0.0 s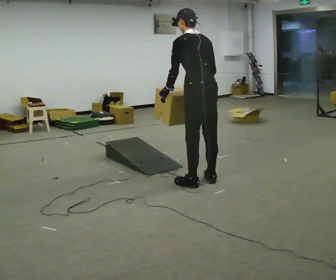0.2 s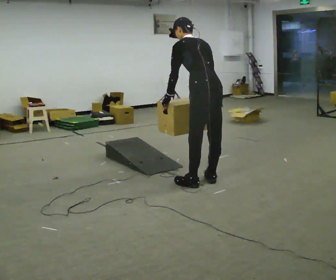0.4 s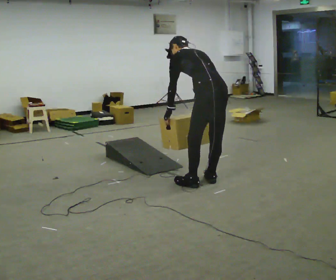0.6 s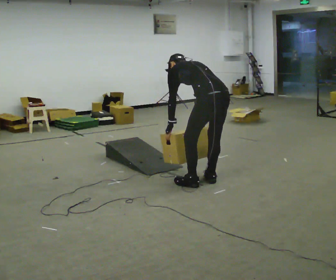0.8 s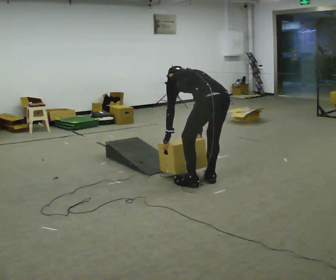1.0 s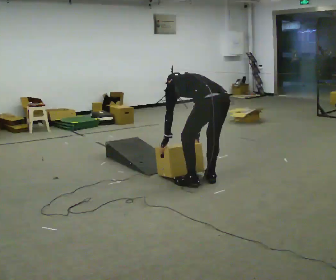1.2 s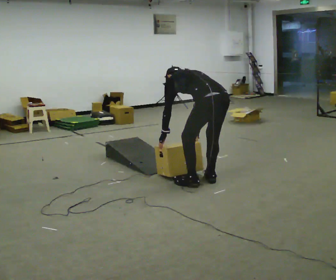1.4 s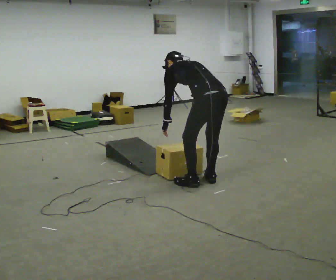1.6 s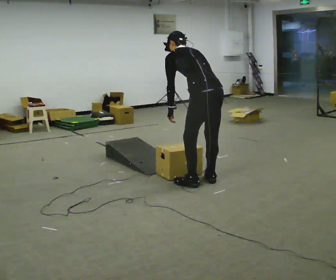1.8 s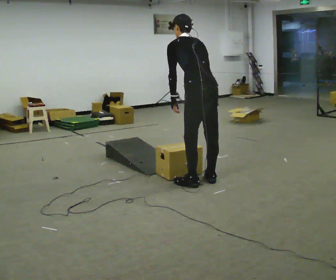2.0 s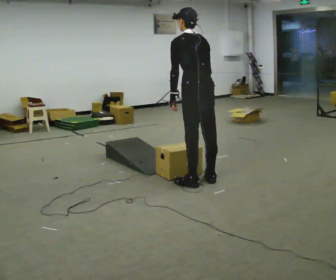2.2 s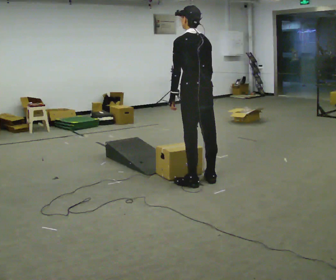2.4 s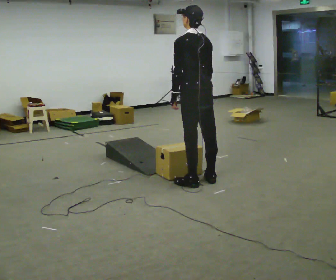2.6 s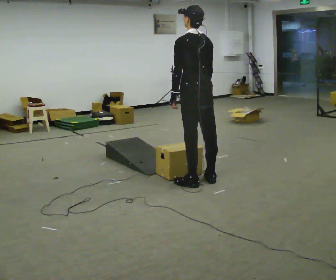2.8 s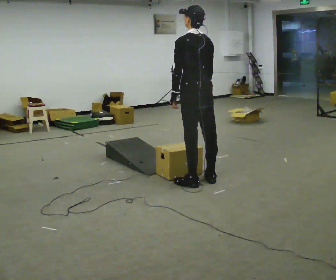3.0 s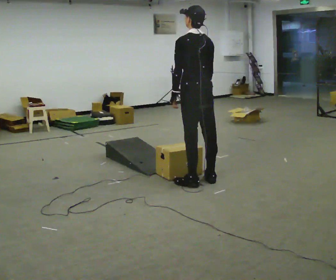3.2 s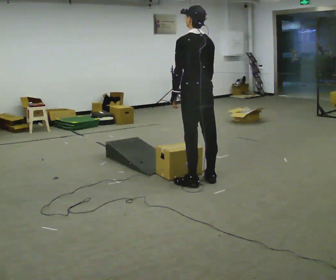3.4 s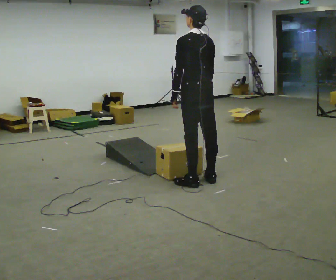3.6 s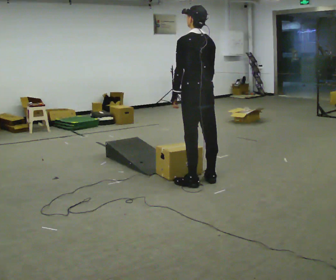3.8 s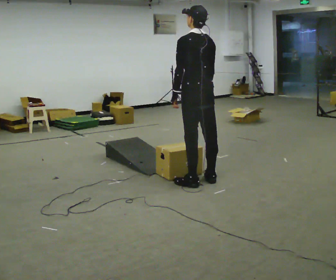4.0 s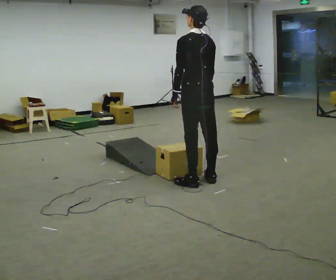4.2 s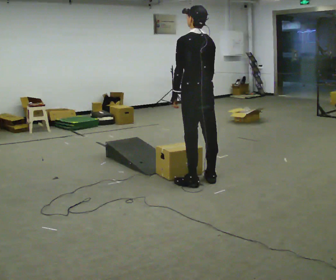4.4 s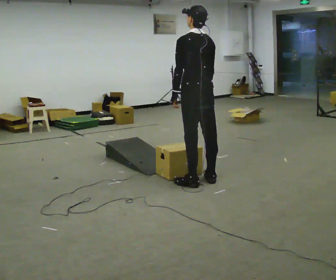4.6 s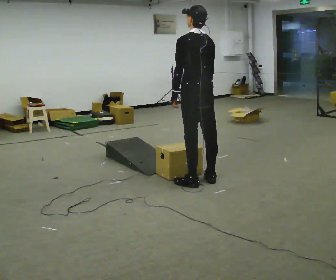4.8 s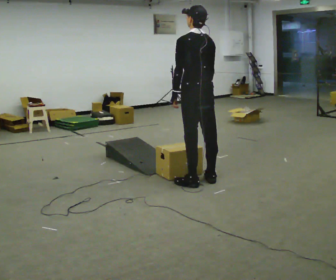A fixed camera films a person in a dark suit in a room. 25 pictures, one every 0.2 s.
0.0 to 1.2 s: The upper body goes downward. In the picture the upper body tilts counterclockwise, shoulders to the left, as they bend forward. In the picture their right hand goes downward.
1.2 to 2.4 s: The upper body goes upward. In the picture the upper body tilts clockwise, shoulders to the right, as they lean back or straighten. In the picture their right hand goes upward.
2.4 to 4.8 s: The person keeps their place and pose.
The film runs forward here.
